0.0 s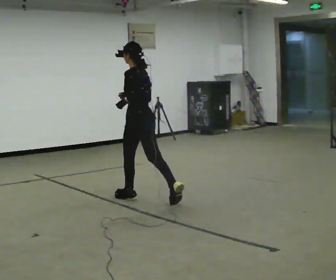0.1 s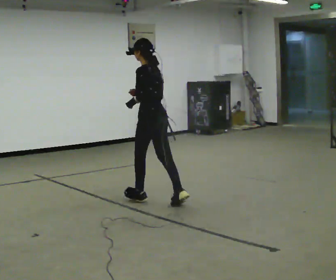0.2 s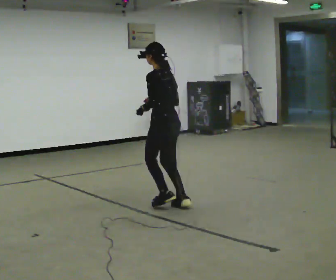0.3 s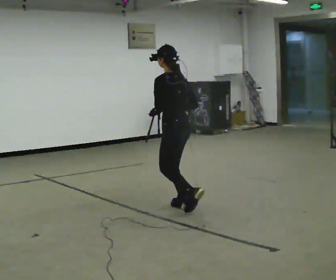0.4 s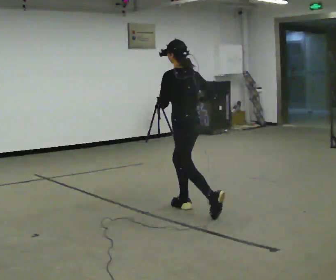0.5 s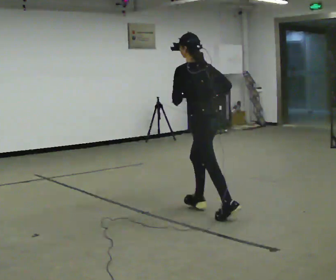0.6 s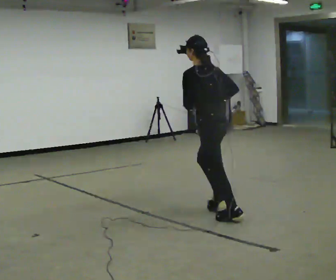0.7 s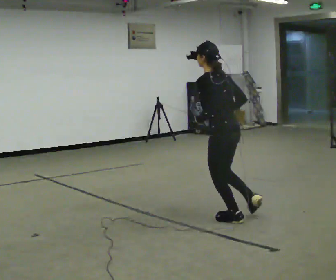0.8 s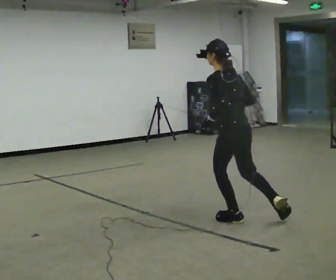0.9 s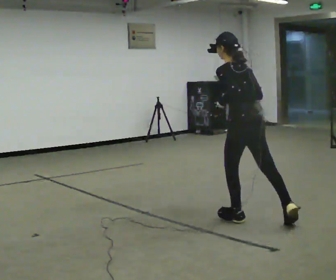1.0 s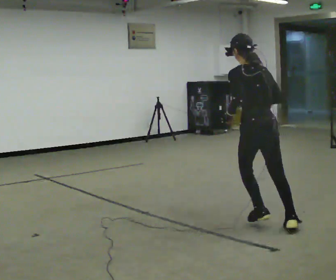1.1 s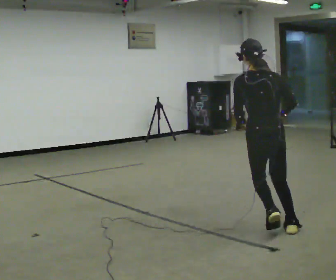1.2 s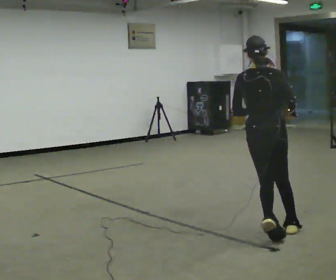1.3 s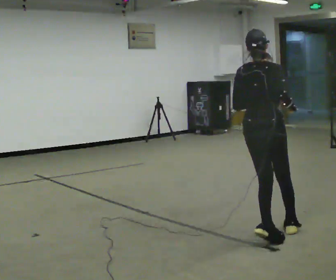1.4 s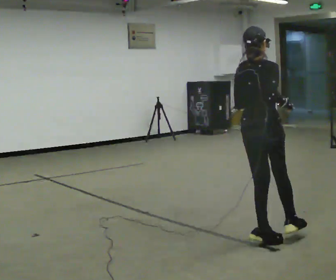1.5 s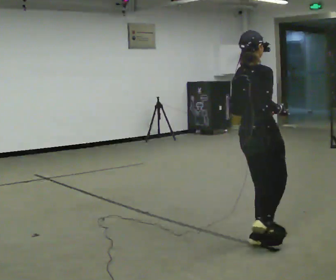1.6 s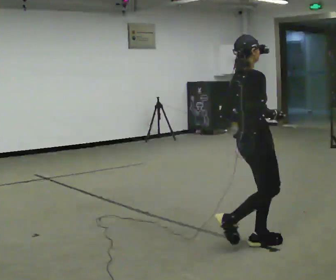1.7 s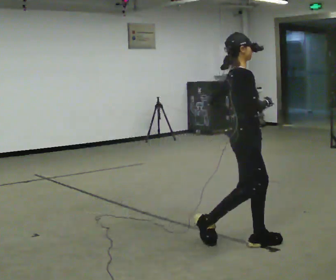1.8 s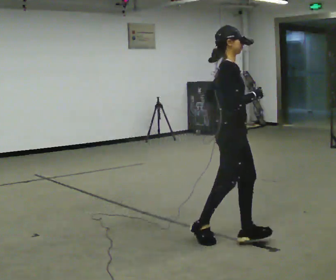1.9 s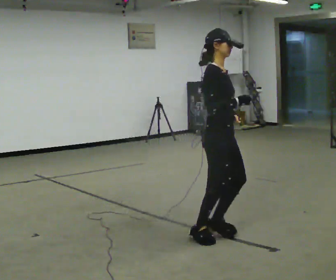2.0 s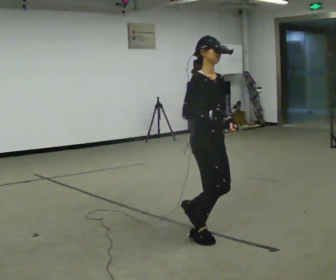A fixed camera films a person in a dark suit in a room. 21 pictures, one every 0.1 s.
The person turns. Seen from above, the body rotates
clockwise.
The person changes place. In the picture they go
toward the camera.
0.0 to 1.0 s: Seen from above the body turns clockwise, about 30 degrees: to their right, with its near side sliding to the left. In the picture they go to the right and toward the camera, about 1.5 m in 2 steps, which for them is backward.
1.0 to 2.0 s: The person turns about 150 degrees to their right, clockwise seen from above, so the part of the body nearest the lens slides to the left. In the picture they go to the left and toward the camera, about 0.5 m in 2 steps.
The film runs backward here.
